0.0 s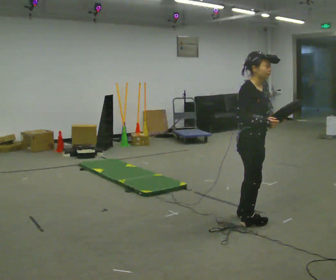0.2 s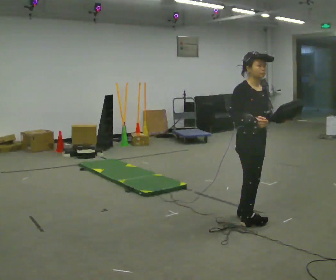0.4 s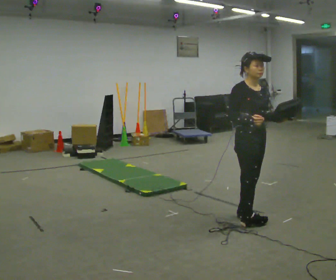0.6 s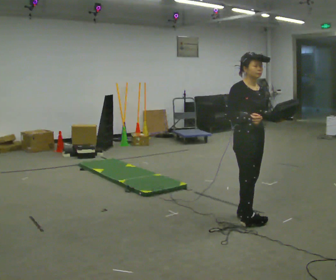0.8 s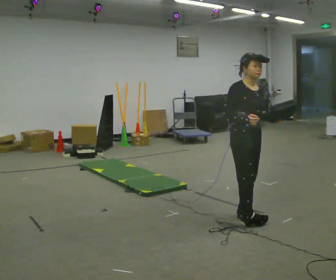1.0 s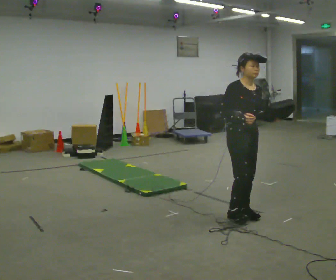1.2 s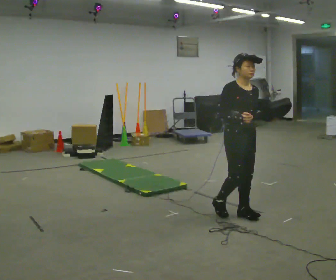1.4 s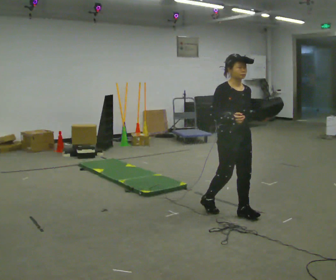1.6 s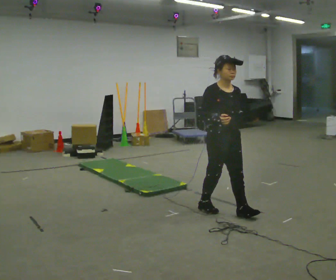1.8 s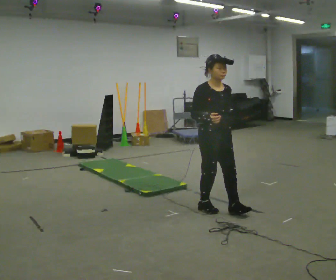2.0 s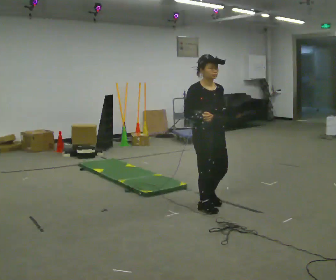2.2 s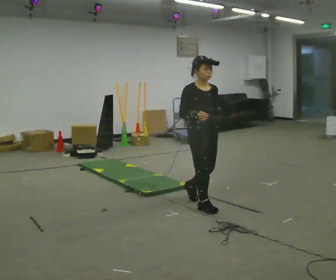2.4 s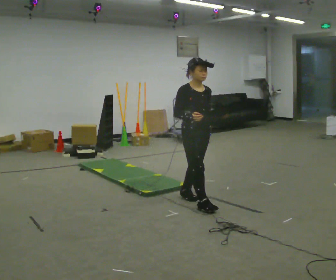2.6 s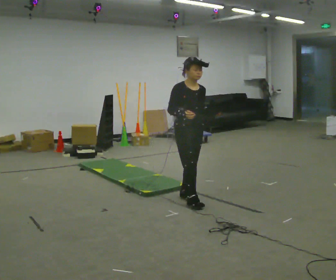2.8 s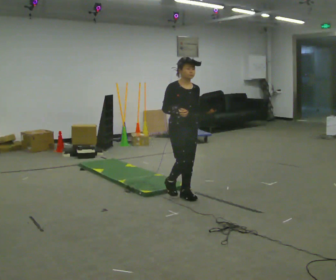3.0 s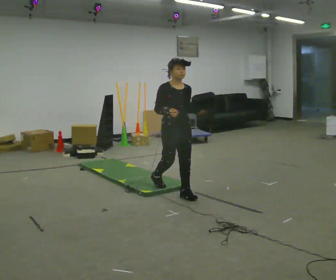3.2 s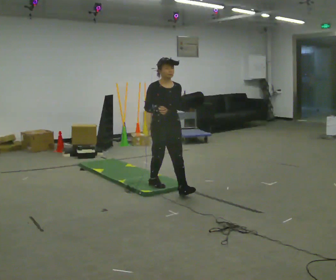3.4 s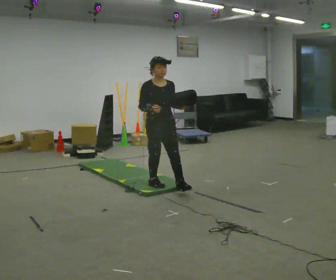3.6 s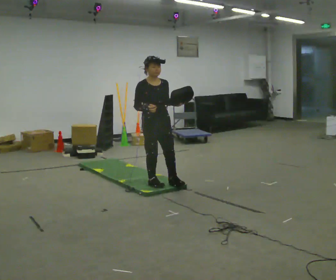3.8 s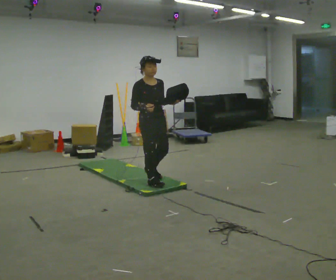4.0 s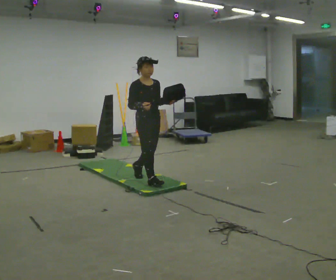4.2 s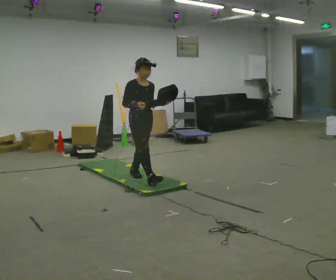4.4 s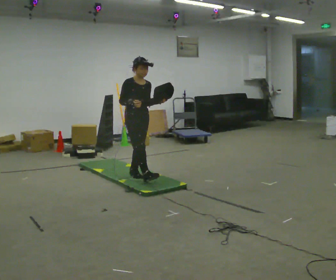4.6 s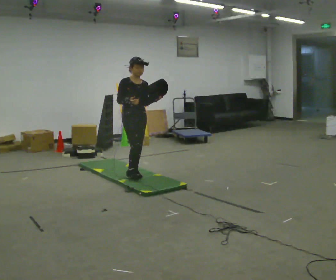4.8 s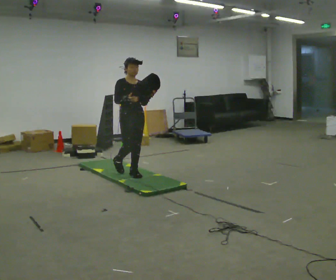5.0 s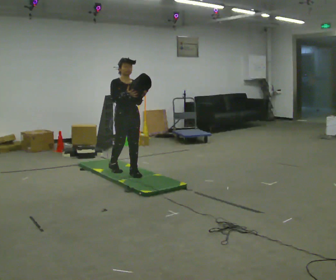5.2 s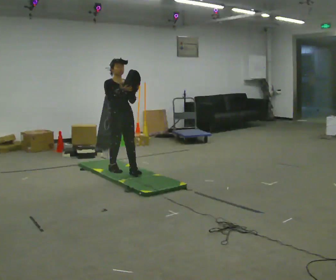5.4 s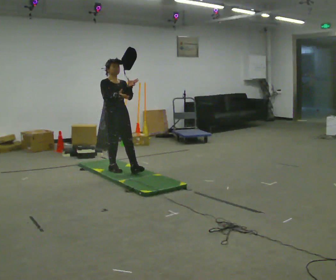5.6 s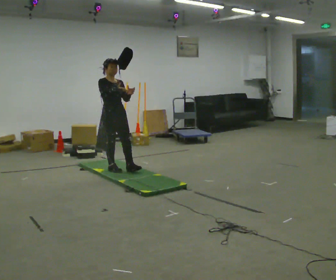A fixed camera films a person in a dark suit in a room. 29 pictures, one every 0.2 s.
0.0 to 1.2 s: Seen from above the body turns clockwise, about 30 degrees: to their right, with its near side sliding to the left. In the picture they go away from the camera, about 0.25 m in 1 step, which for them is backward.
1.2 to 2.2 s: In the picture they go to the left and away from the camera, about 0.5 m in 1 step, which for them is backward.
2.2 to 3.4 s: In the picture they go away from the camera and to the left, about 0.5 m in 2 steps, which for them is backward.
3.4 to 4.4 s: In the picture they go away from the camera and to the left, about 0.5 m in 1 step, which for them is backward.
4.4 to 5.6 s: In the picture they go to the left and away from the camera, about 0.5 m in 1 step, which for them is backward.
The film runs backward here.
